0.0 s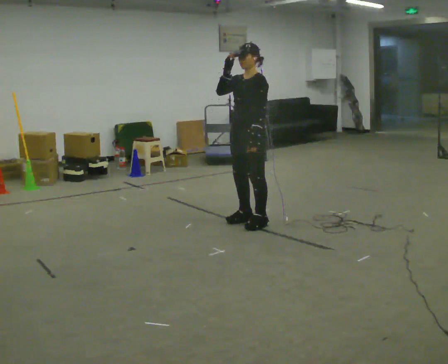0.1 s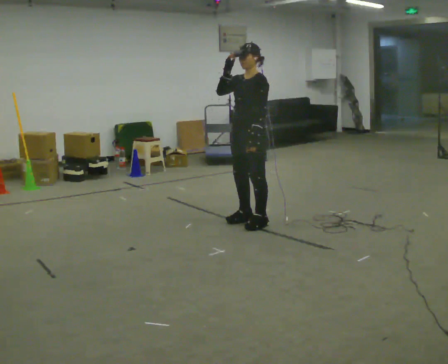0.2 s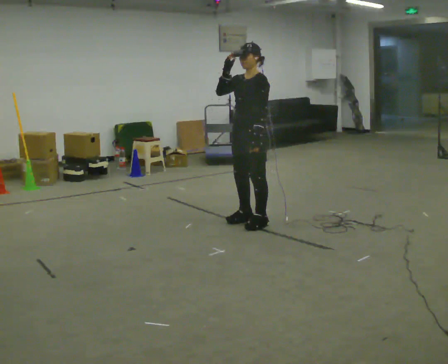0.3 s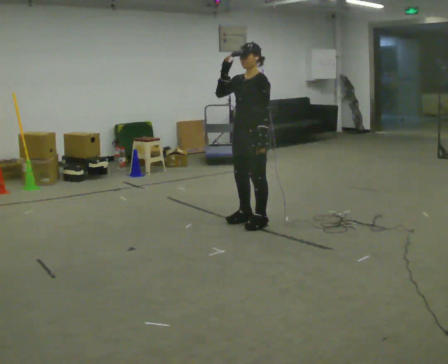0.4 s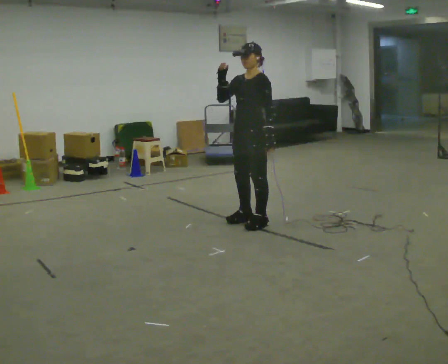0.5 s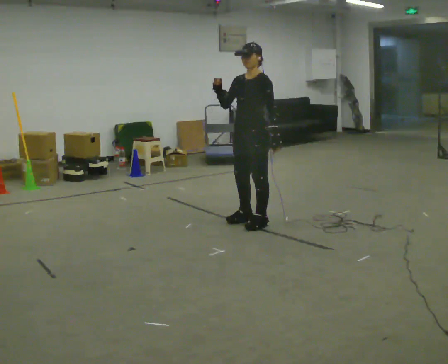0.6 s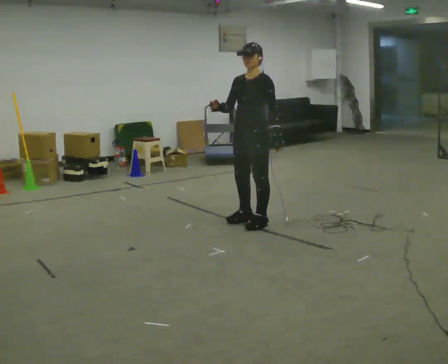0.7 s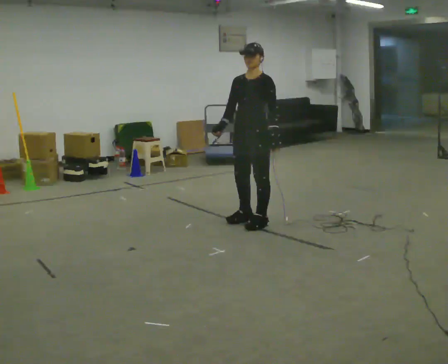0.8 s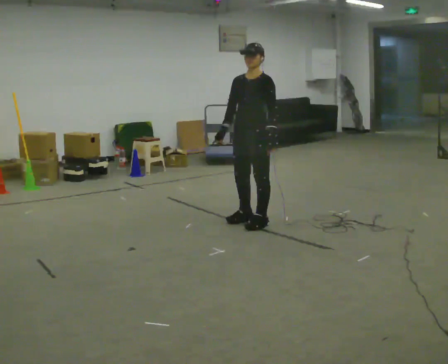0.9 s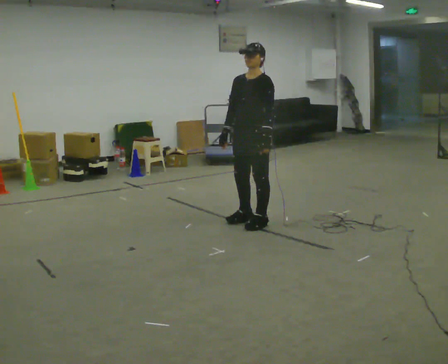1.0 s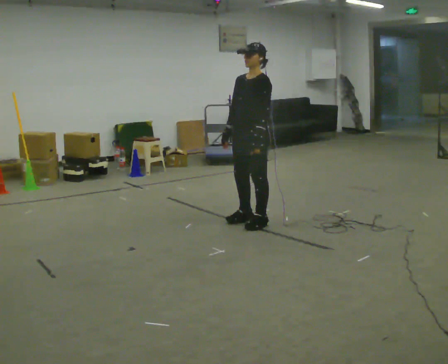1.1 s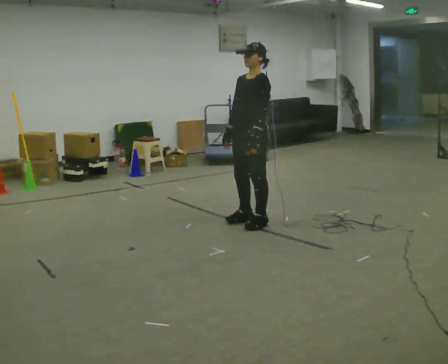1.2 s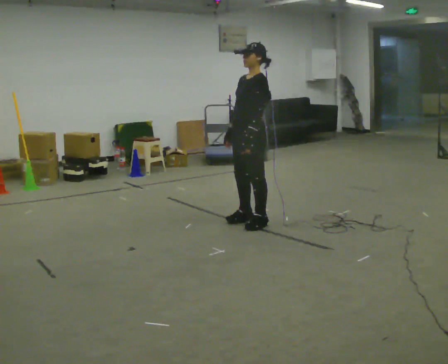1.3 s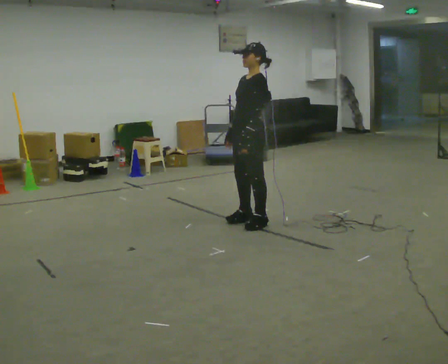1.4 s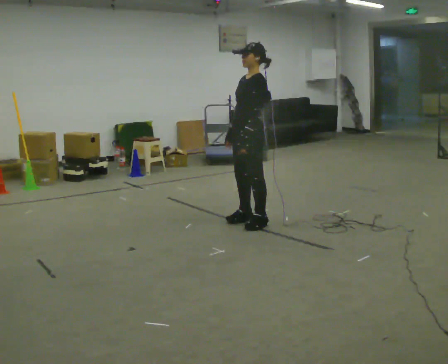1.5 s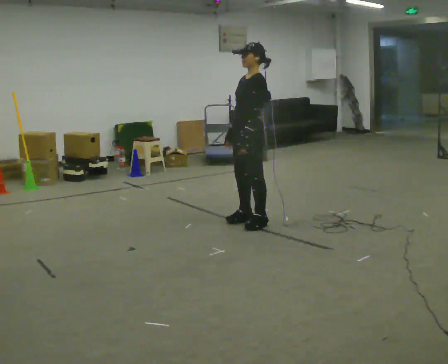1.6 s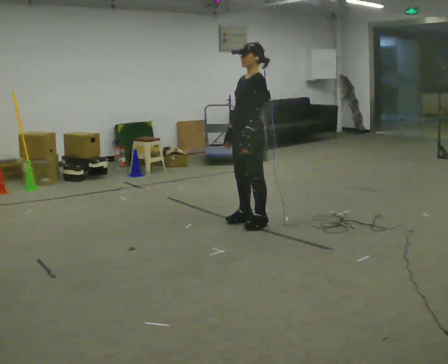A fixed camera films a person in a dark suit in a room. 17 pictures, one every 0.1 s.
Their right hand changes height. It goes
downward.
0.0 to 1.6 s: In the picture their right hand goes downward.
The film runs backward here.
